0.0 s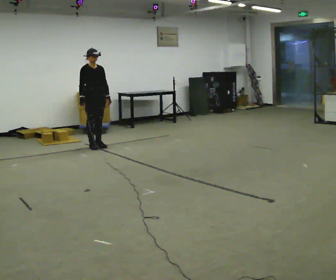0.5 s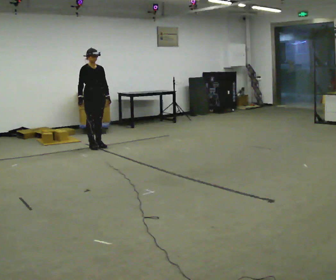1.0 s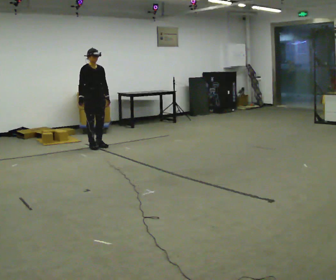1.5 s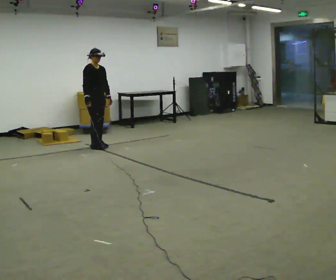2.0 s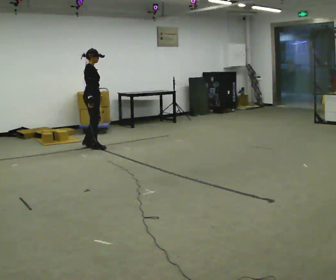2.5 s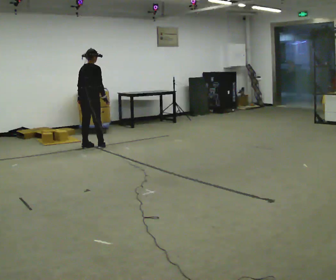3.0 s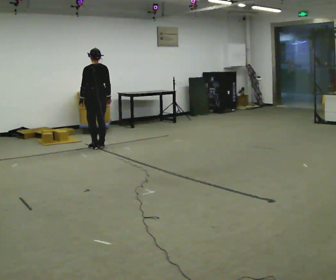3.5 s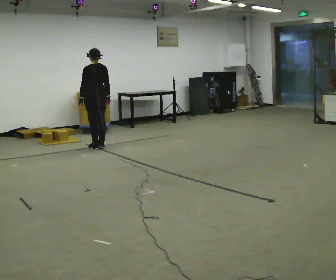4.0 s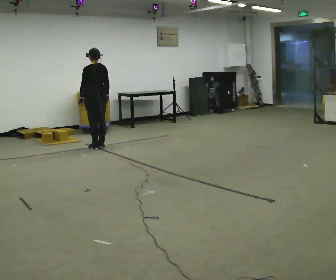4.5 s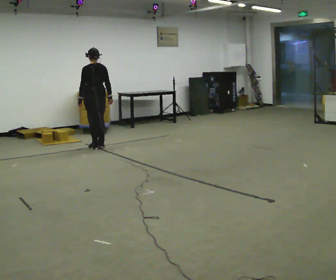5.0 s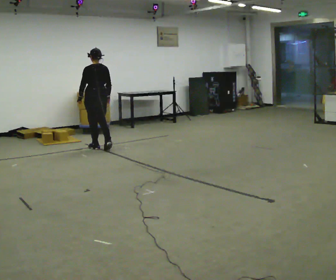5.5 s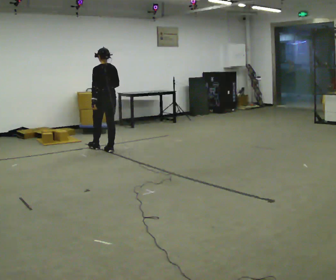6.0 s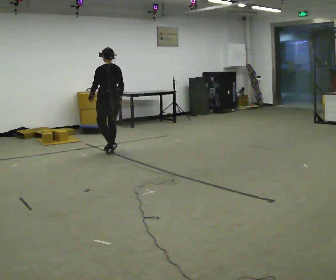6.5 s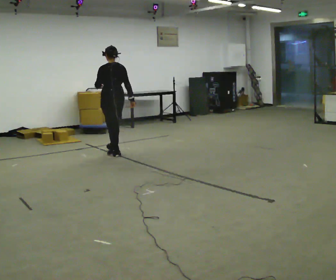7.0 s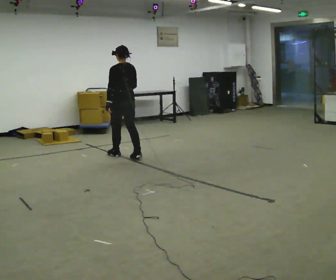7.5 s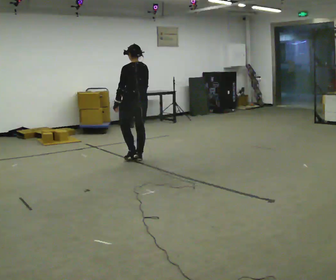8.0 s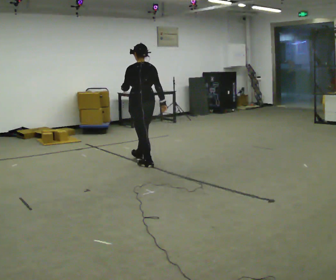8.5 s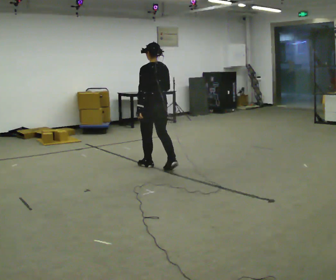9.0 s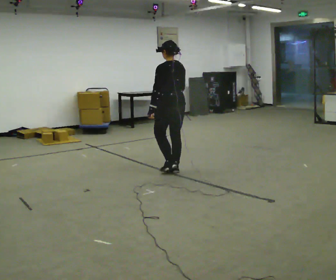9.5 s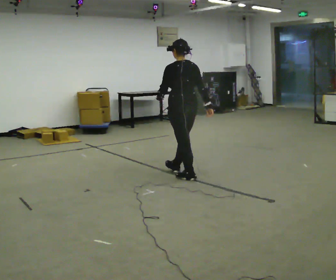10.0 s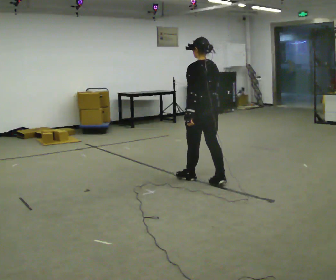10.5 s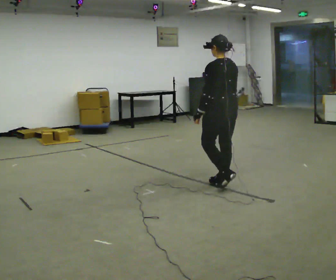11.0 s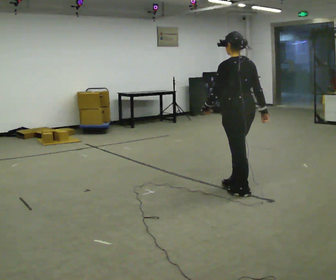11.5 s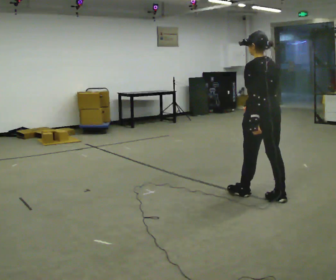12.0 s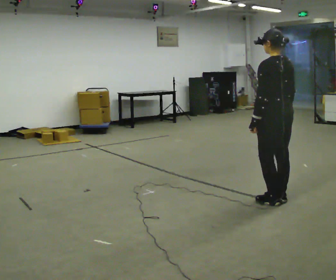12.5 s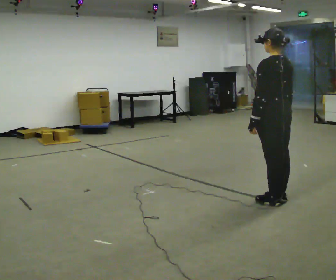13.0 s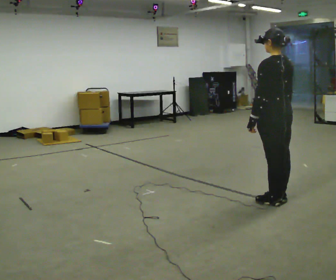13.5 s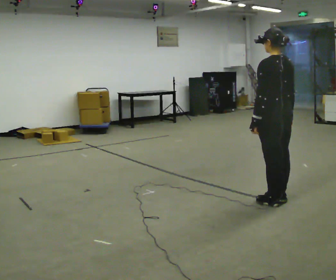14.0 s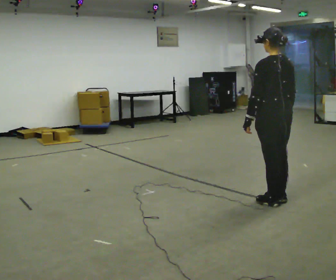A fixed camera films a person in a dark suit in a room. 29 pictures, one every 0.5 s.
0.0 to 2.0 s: Seen from above the body turns counterclockwise, about 60 degrees: to their left, with its near side sliding to the right.
2.0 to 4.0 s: The part of the body nearest the lens slides to the right as the person turns to their left by about 120 degrees.
4.0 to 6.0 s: In the picture they go toward the camera and to the right, about 0.5 m in 2 steps, which for them is backward.
6.0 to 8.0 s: In the picture they go toward the camera and to the right, about 1 m in 3 steps, which for them is backward.
8.0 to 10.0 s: In the picture they go toward the camera and to the right, about 1 m in 2 steps, which for them is backward.
10.0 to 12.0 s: In the picture they go toward the camera and to the right, about 1 m in 3 steps, which for them is backward.
12.0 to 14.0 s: The person moves a little, or ends about where they began.
The film runs backward here.
